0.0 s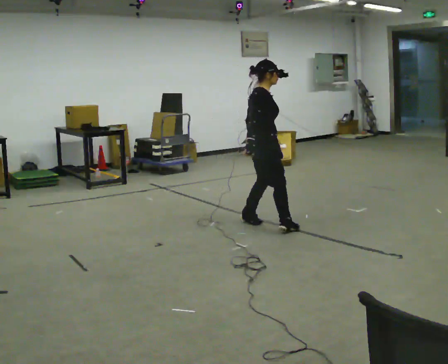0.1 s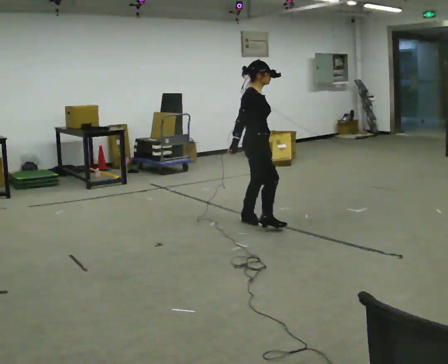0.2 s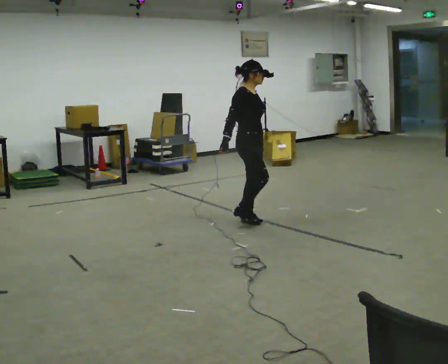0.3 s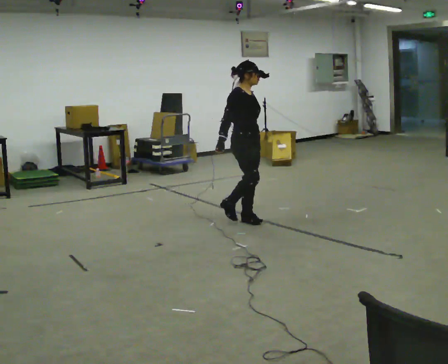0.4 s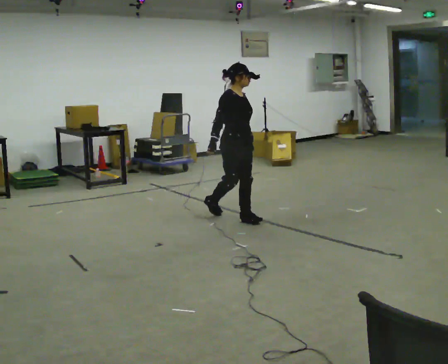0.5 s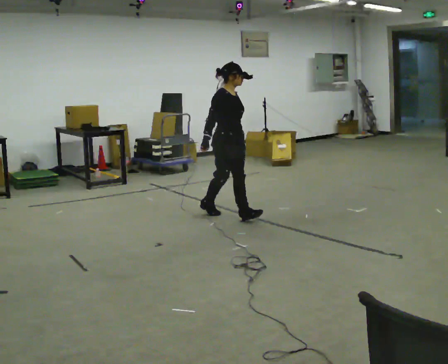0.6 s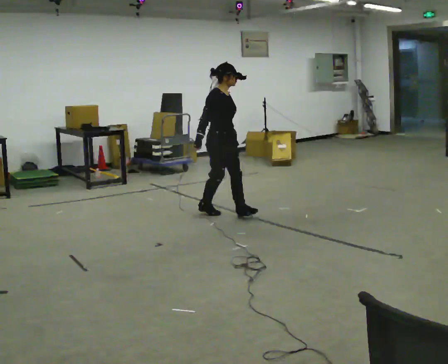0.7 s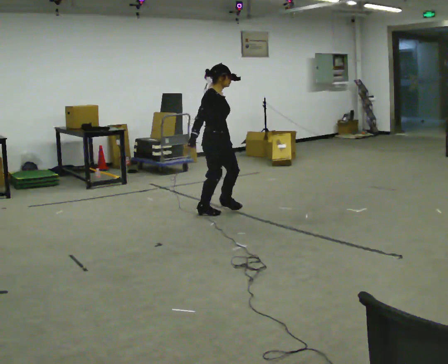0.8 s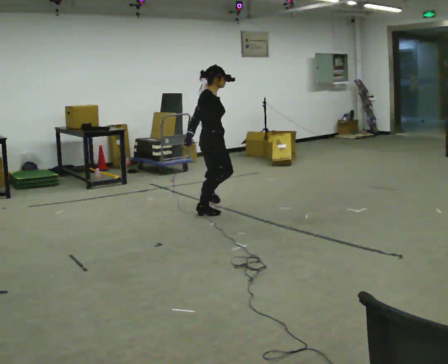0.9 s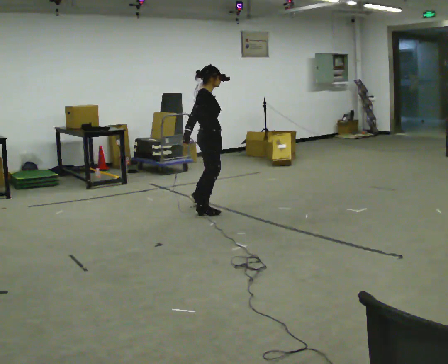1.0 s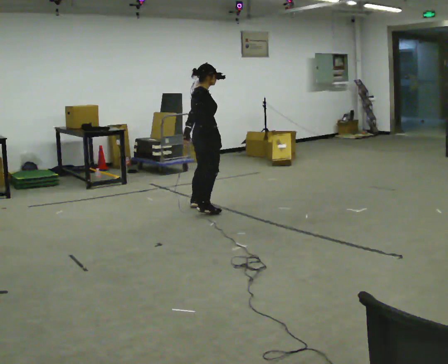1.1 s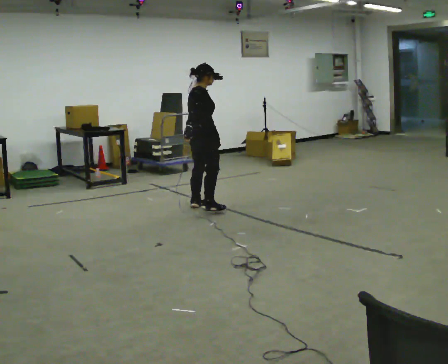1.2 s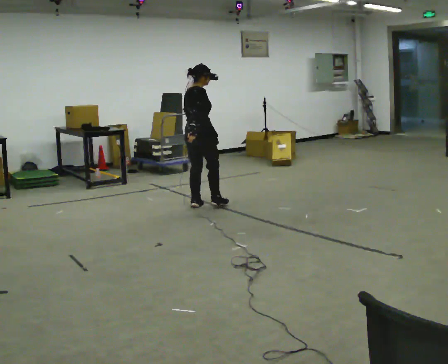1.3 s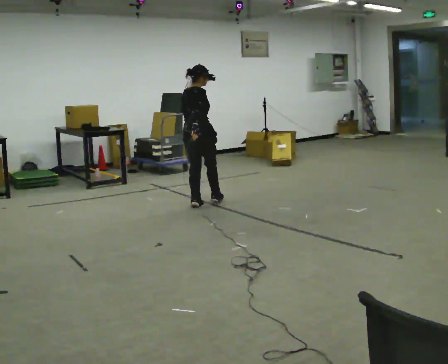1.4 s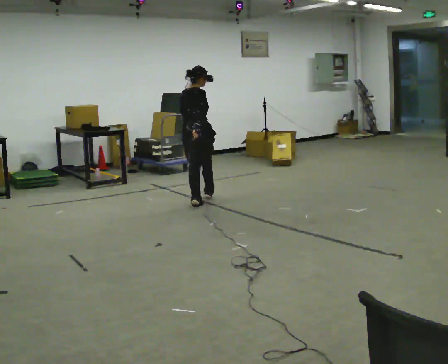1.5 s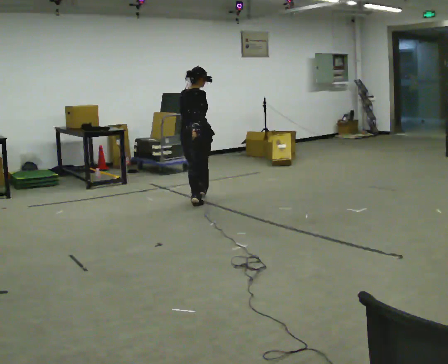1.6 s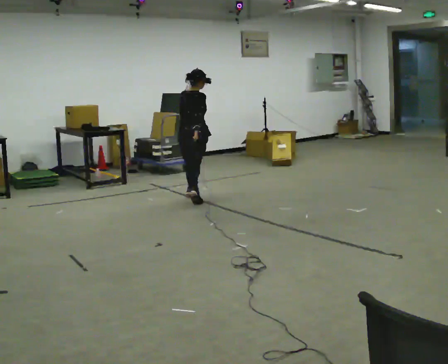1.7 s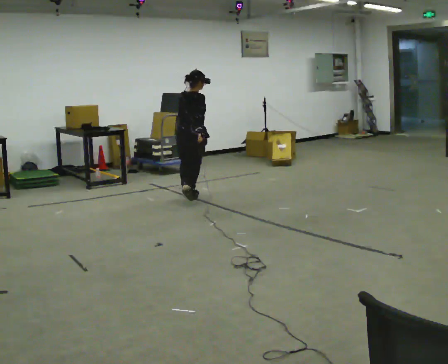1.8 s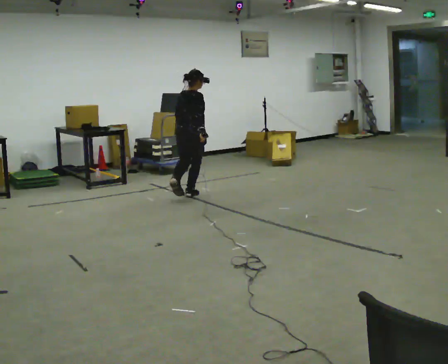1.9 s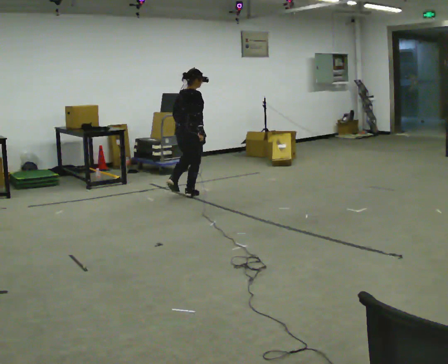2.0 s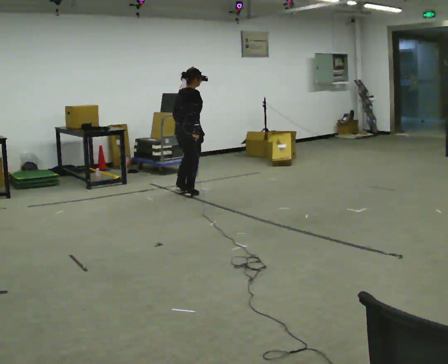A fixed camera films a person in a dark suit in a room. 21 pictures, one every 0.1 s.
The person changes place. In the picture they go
away from the camera.
0.0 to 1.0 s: In the picture they go away from the camera and to the left, about 1 m in 1 step, which for them is backward.
1.0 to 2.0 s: The part of the body nearest the lens slides to the right as the person turns to their left by about 30 degrees. In the picture they go away from the camera, about 0.75 m in 2 steps, which for them is forward and to their left.
The film runs backward here.
